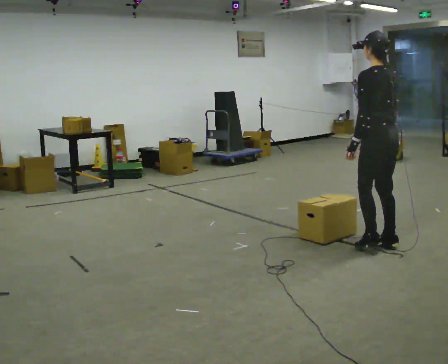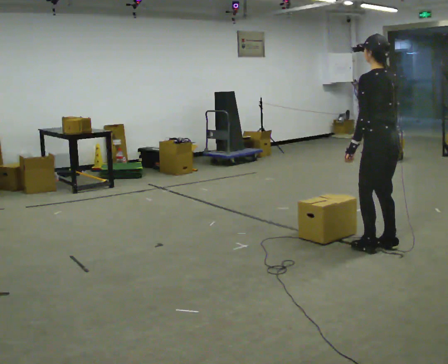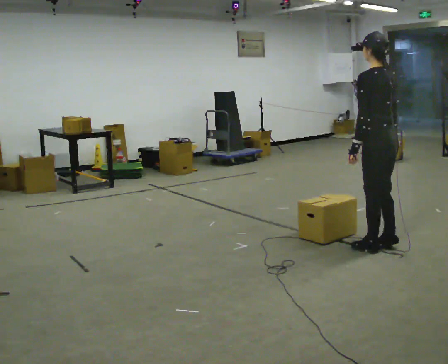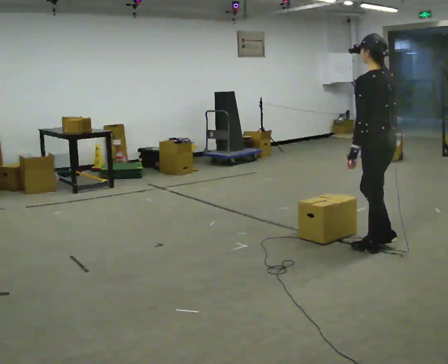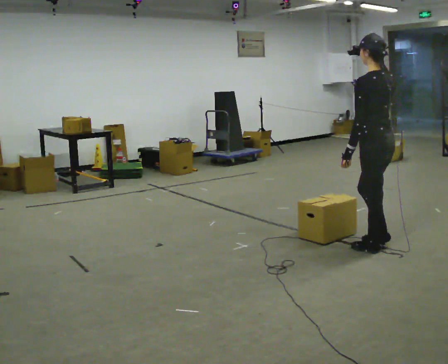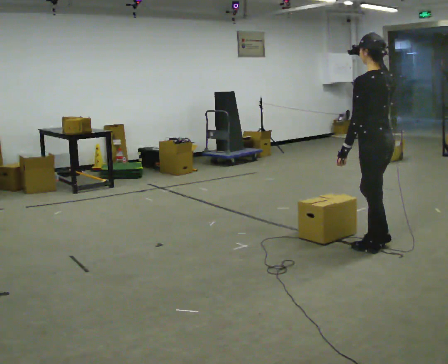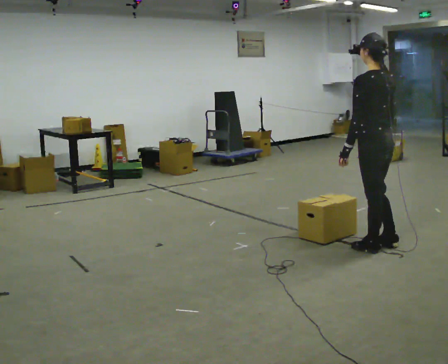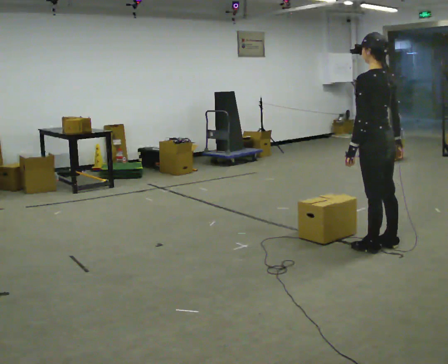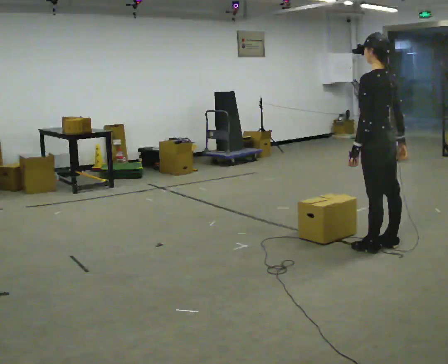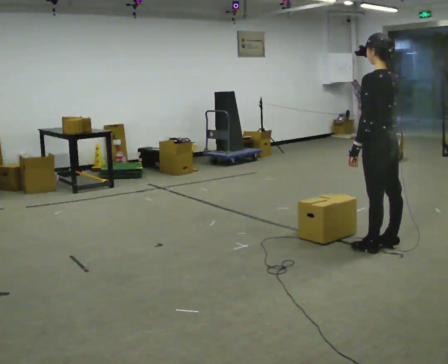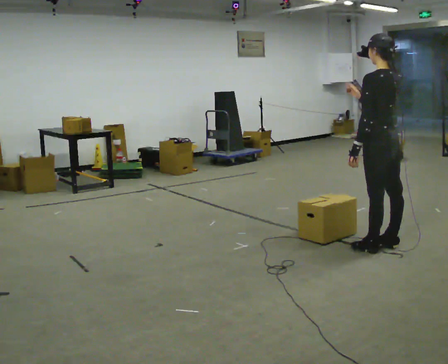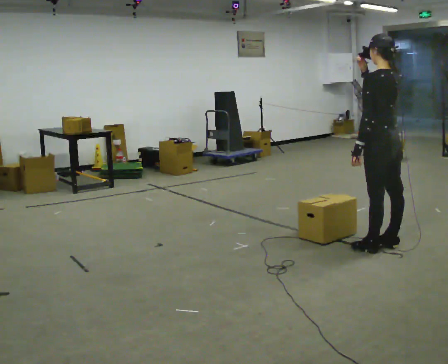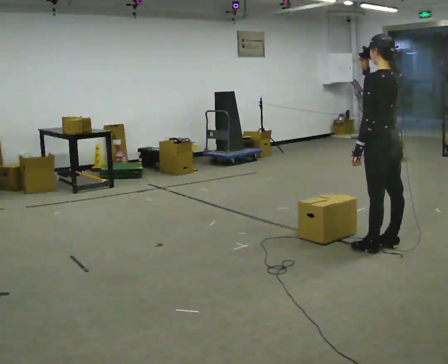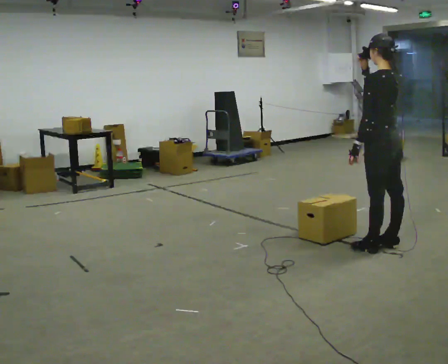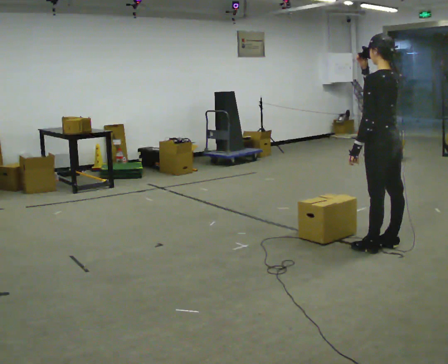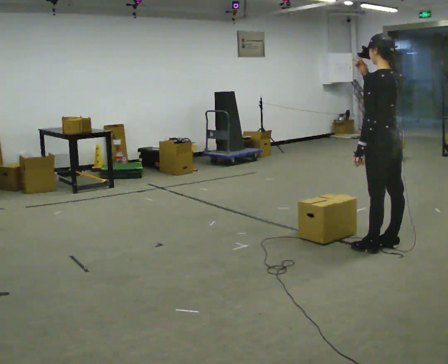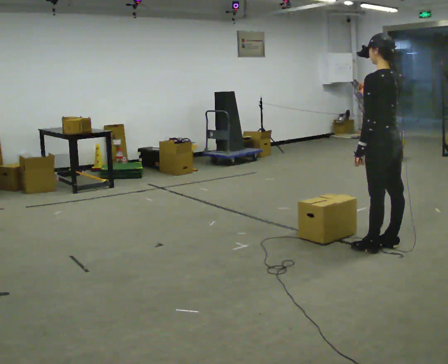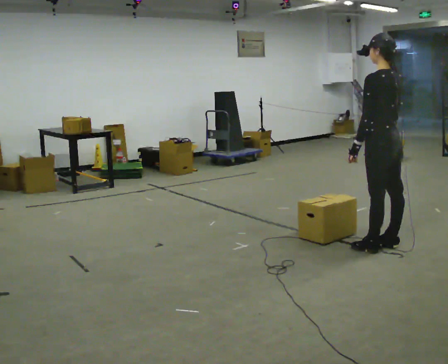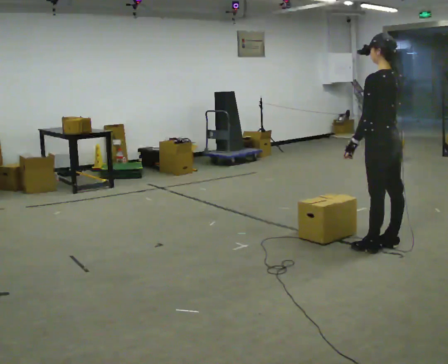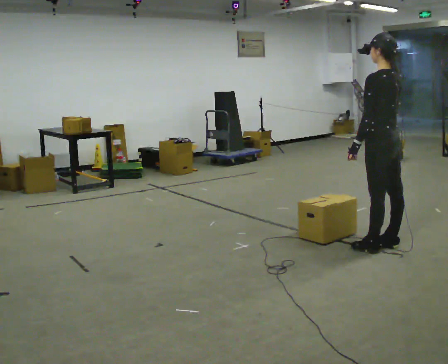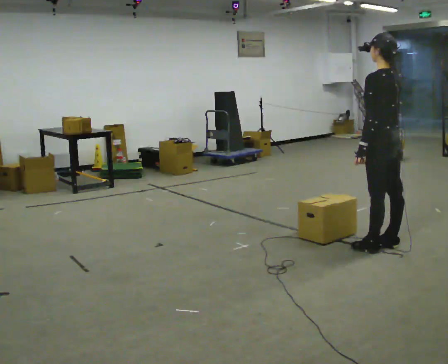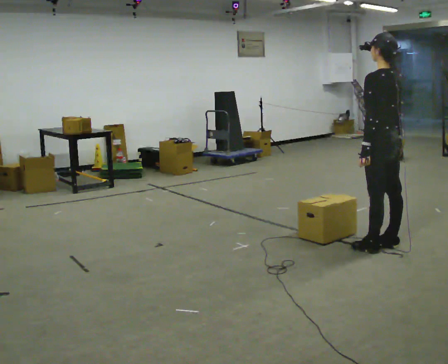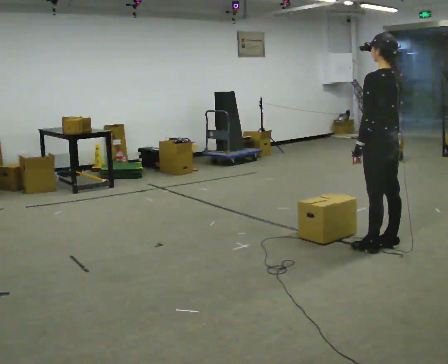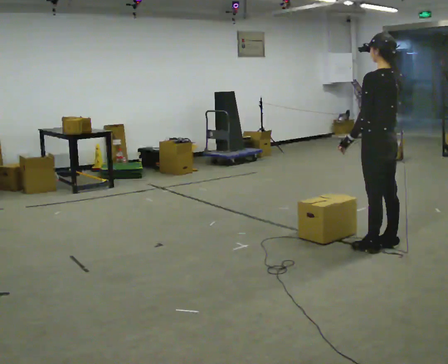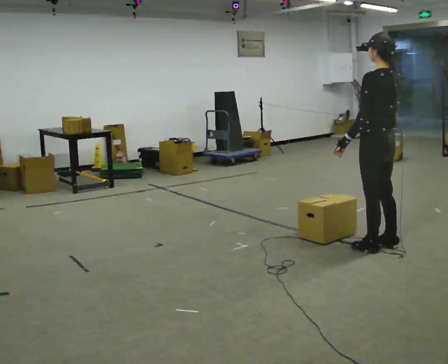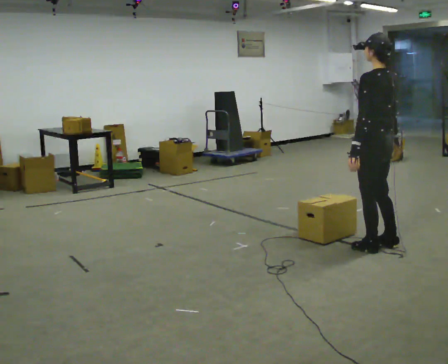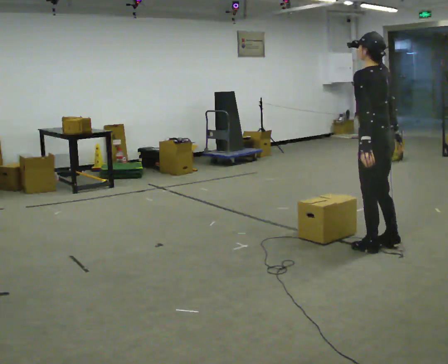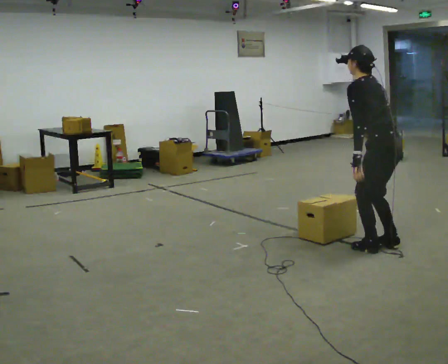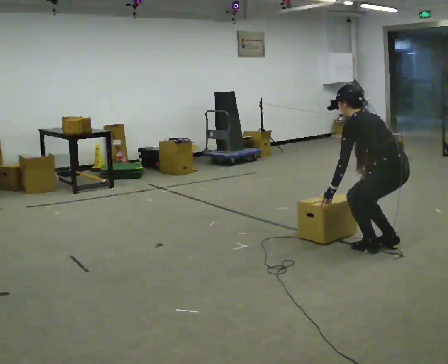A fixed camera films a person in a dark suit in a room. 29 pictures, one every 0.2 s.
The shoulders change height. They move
downward.
0.0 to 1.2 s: The person moves a little, or ends about where they began.
1.2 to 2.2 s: In the picture their right hand goes upward.
2.2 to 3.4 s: In the picture their right hand goes downward.
3.4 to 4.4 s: The person moves a little, or ends about where they began.
4.4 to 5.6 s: The shoulders move downward. In the picture the upper body tilts counterclockwise, shoulders to the left, as they bend forward.
The film runs backward here.
